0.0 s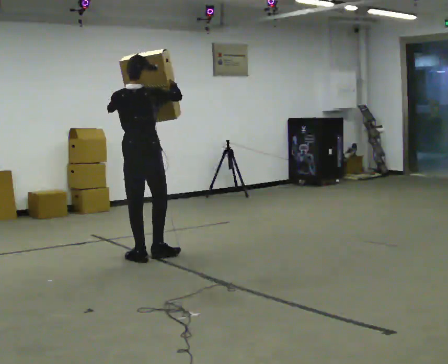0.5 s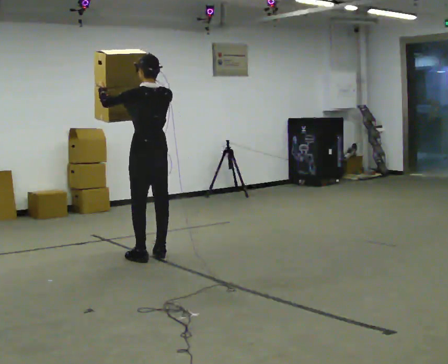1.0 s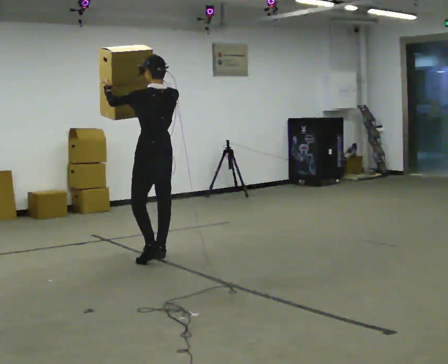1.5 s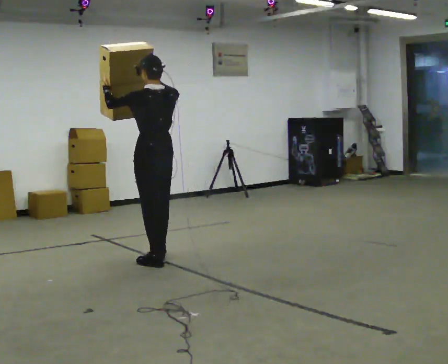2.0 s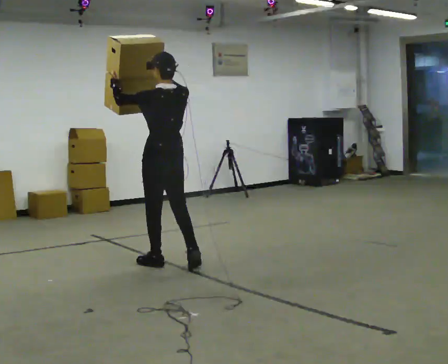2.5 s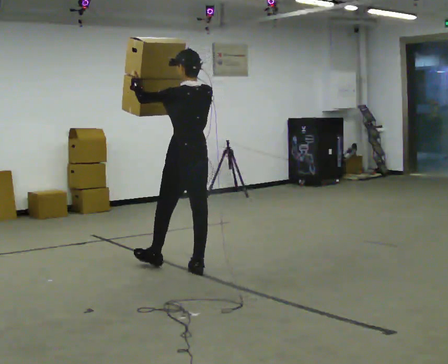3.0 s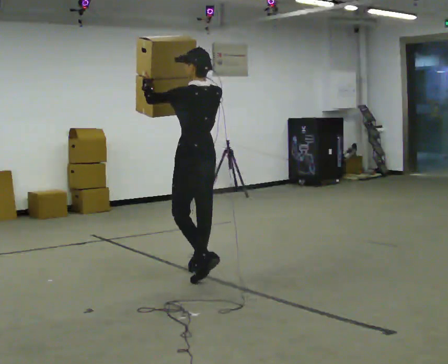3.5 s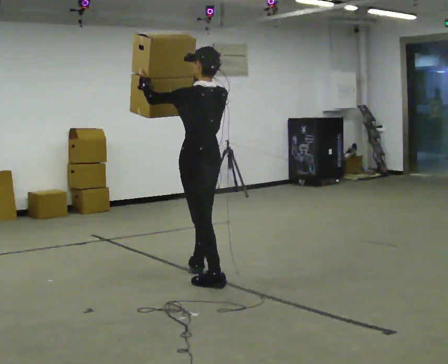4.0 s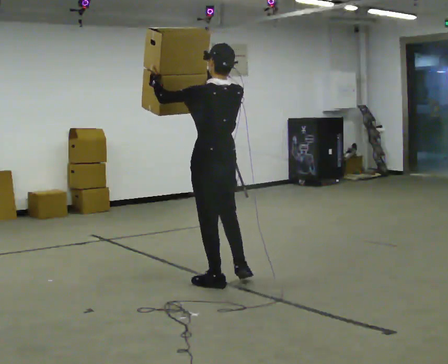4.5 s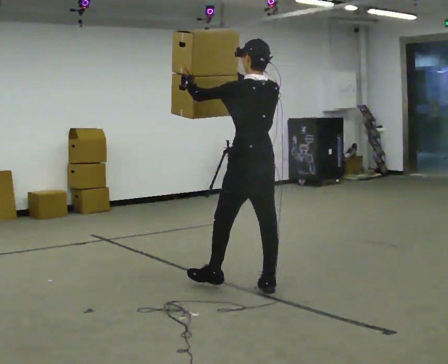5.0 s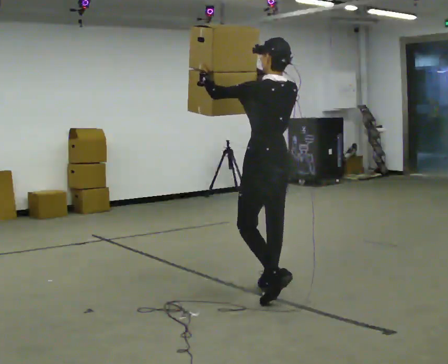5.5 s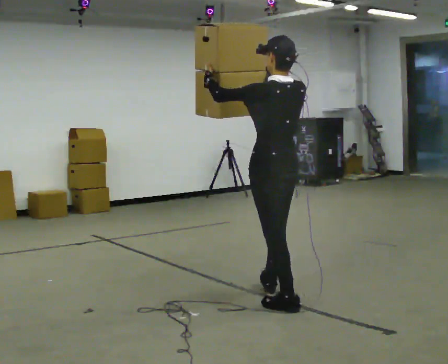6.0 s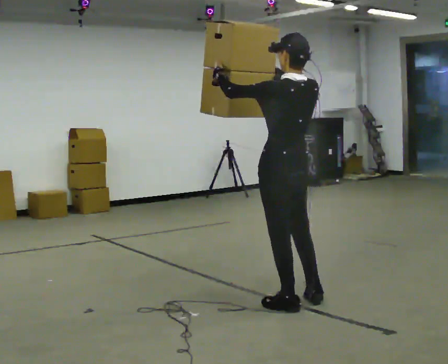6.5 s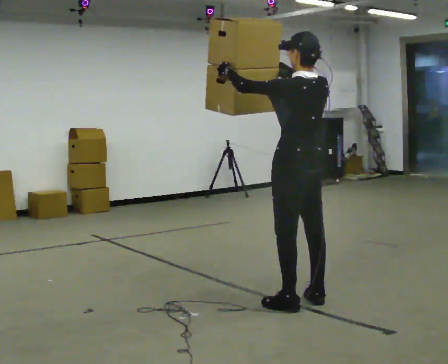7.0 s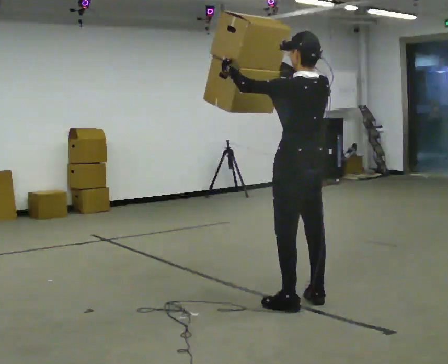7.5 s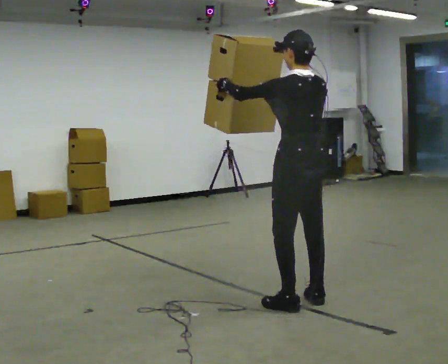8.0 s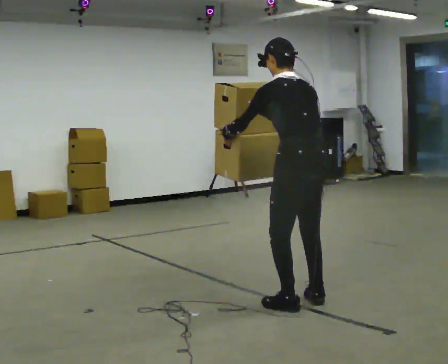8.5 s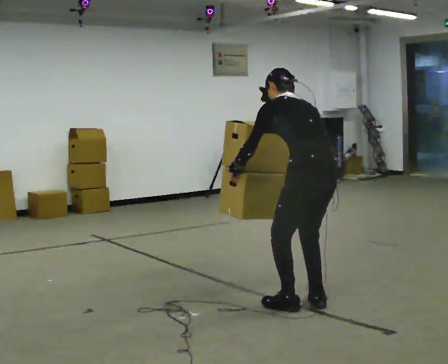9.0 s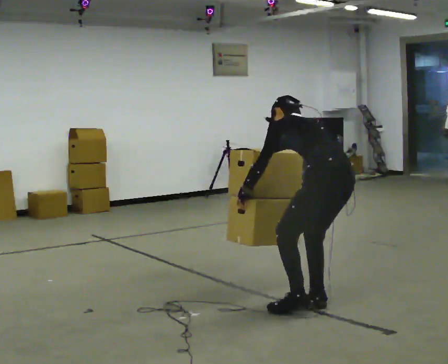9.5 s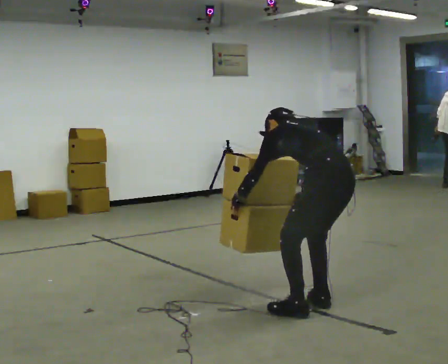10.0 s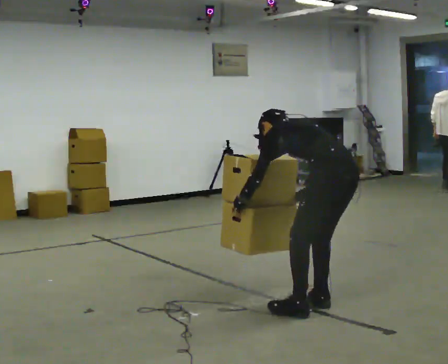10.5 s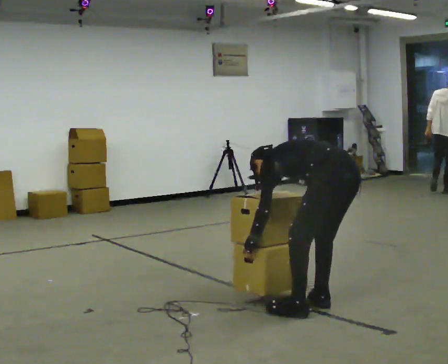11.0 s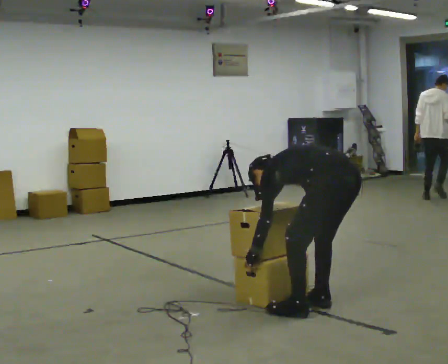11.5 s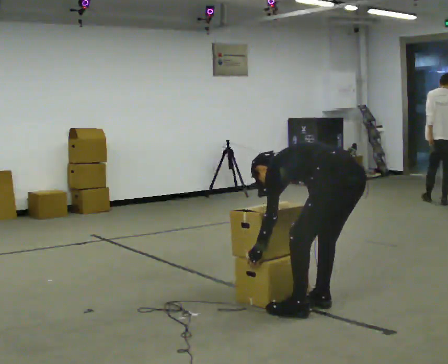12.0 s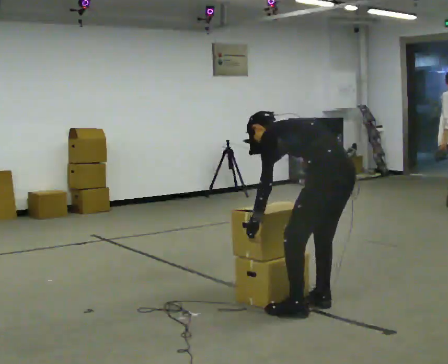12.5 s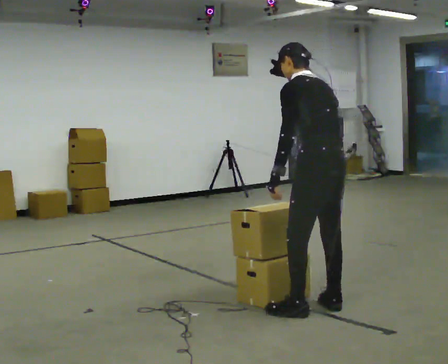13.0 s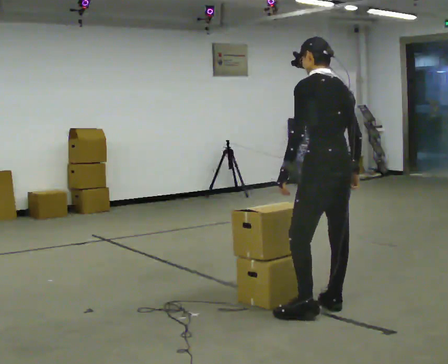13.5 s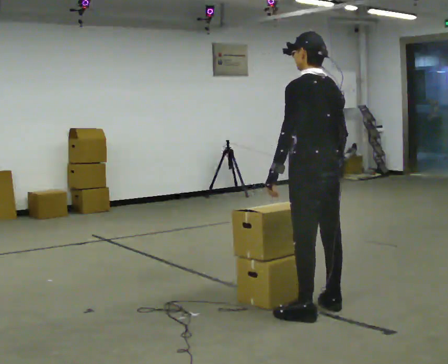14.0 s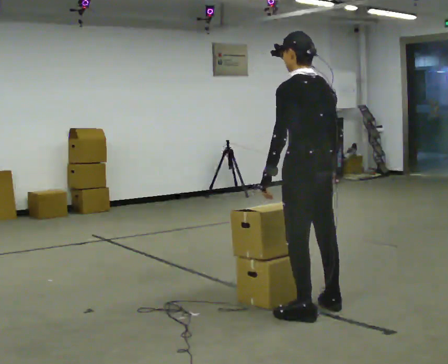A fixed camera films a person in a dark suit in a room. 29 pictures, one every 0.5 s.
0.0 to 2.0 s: The part of the body nearest the lens slides to the right as the person turns to their left by about 30 degrees. In the picture they go to the right and toward the camera, about 0.25 m in 2 steps, which for them is backward.
2.0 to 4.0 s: In the picture they go toward the camera and to the right, about 0.5 m in 2 steps, which for them is backward.
4.0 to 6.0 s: In the picture they go to the right and toward the camera, about 0.75 m in 2 steps, which for them is backward.
6.0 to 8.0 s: In the picture the upper body tilts counterclockwise, shoulders to the left, as they bend forward. In the picture their right hand goes downward.
8.0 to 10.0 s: In the picture they go to the right, about 0.25 m, which for them is backward. The shoulders move downward. The upper body tips away from the camera, its near side rolling upward, as they bend forward. In the picture their right hand goes downward.
10.0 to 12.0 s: The person moves a little, or ends about where they began.
12.0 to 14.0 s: The shoulders move upward. In the picture the upper body tilts clockwise, shoulders to the right, as they lean back or straighten.
The film runs backward here.
